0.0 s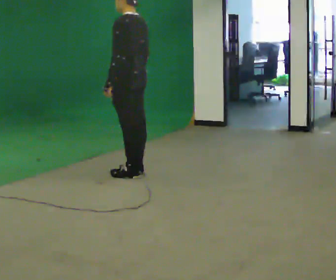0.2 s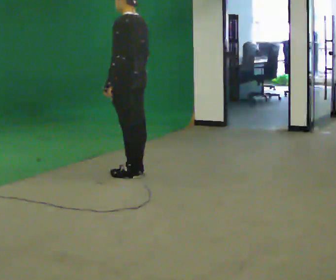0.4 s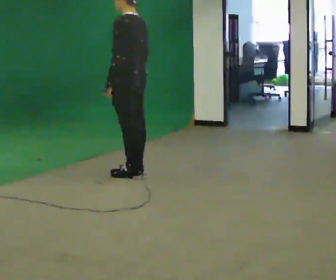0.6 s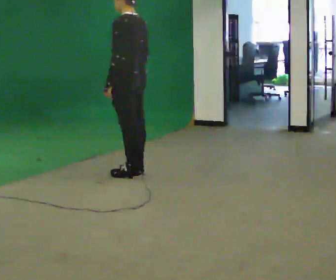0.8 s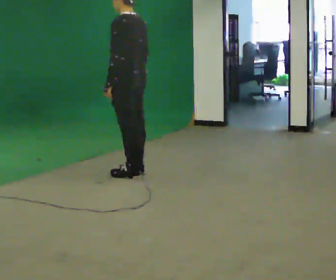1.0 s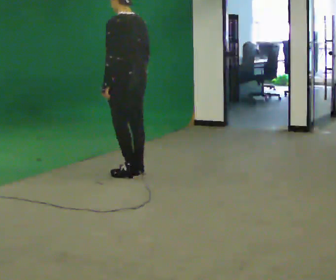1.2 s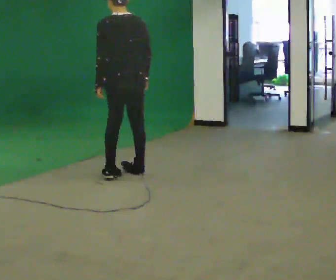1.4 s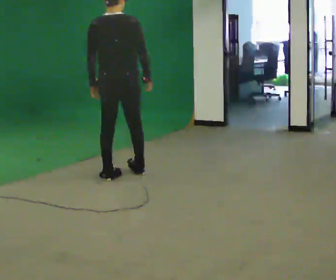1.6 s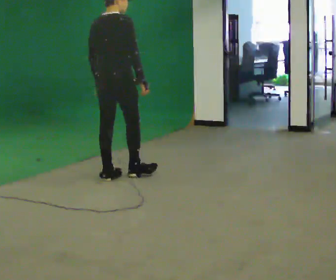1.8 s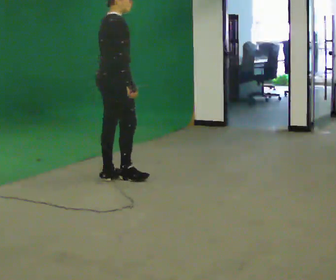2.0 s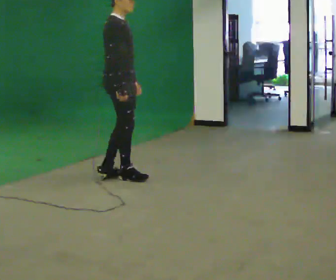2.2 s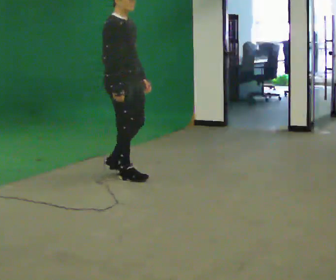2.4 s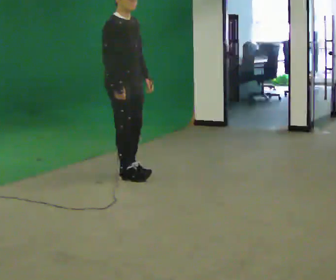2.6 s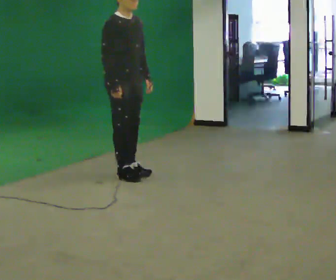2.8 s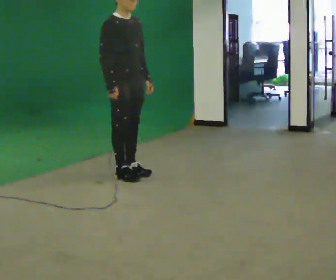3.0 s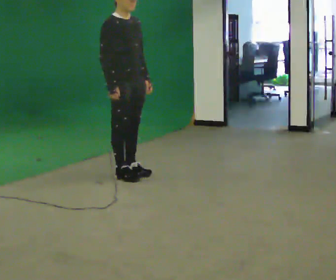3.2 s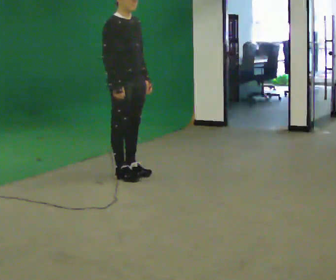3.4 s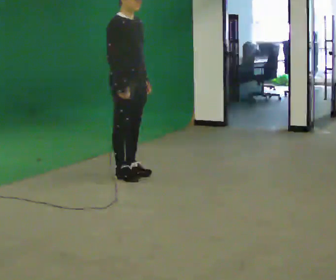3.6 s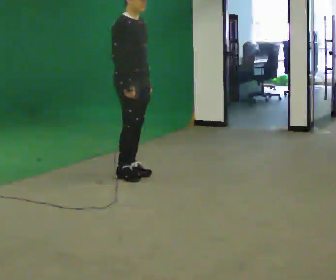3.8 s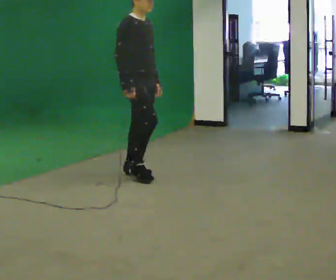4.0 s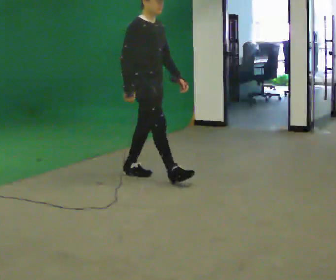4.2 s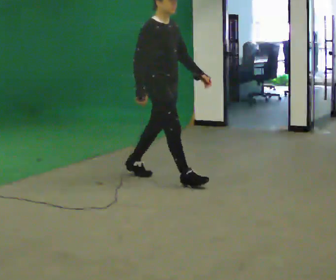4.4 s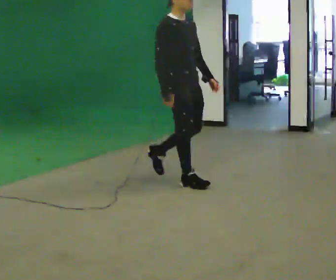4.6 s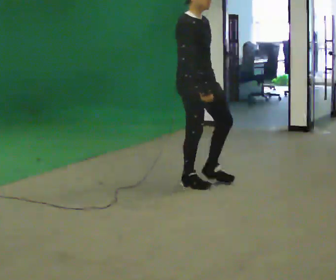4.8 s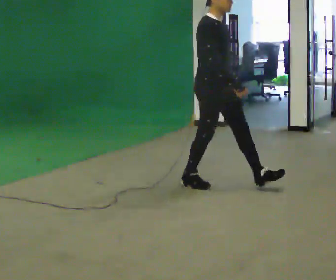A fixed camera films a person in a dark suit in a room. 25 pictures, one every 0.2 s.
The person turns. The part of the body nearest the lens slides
to the left.
The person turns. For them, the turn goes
to their right.
0.0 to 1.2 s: The part of the body nearest the lens slides to the left as the person turns to their right by about 45 degrees.
1.2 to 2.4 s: The part of the body nearest the lens slides to the left as the person turns to their right by about 135 degrees.
2.4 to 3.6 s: The person moves a little, or ends about where they began.
3.6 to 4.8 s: In the picture they go to the right and toward the camera, about 1 m in 1 step, which for them is forward.
The film runs forward here.
